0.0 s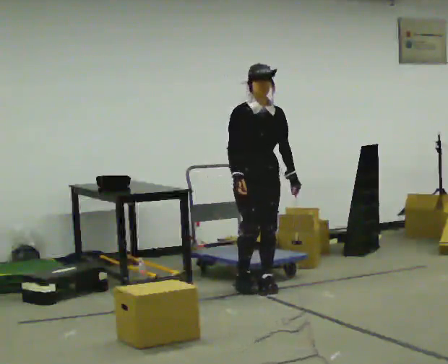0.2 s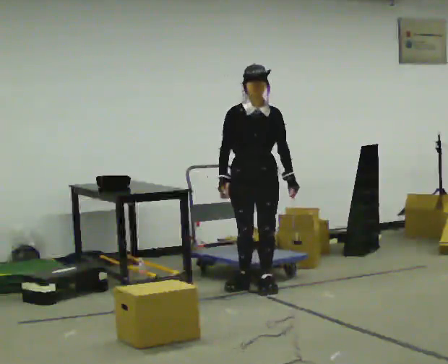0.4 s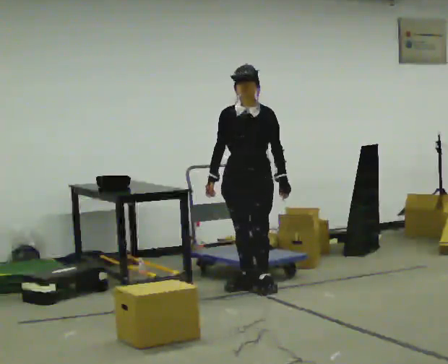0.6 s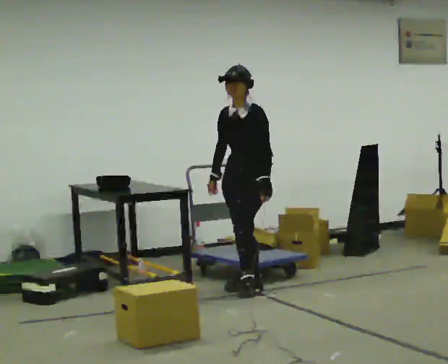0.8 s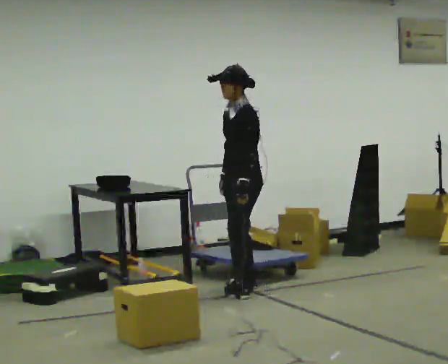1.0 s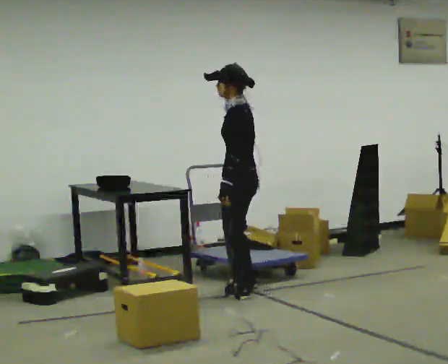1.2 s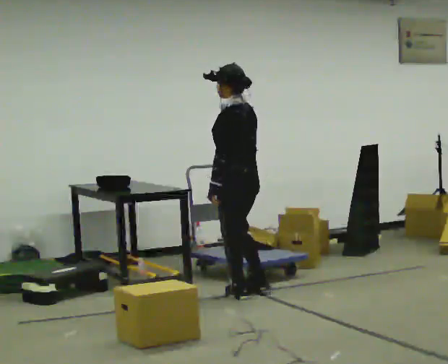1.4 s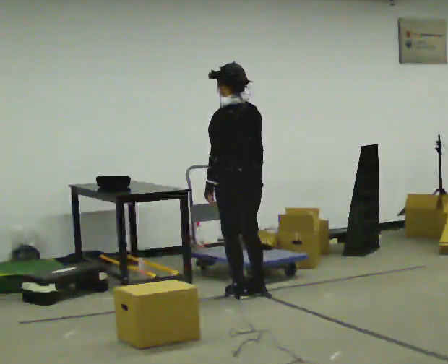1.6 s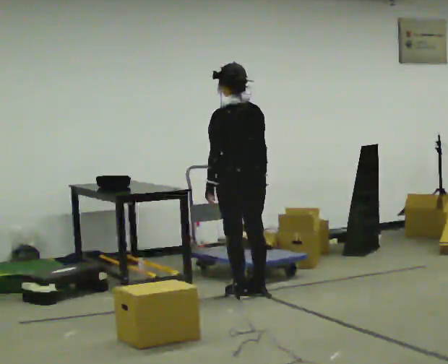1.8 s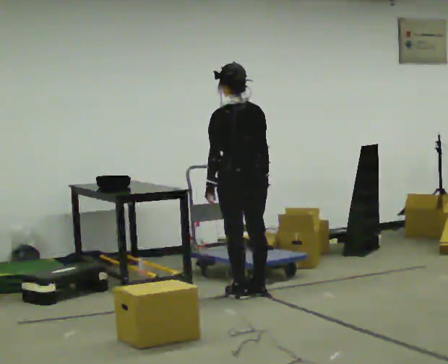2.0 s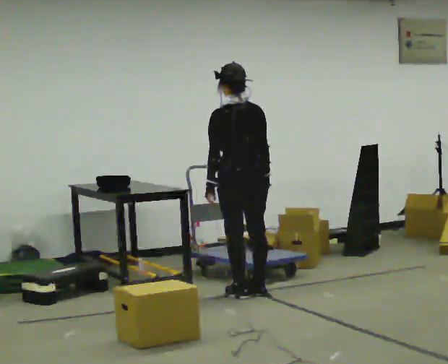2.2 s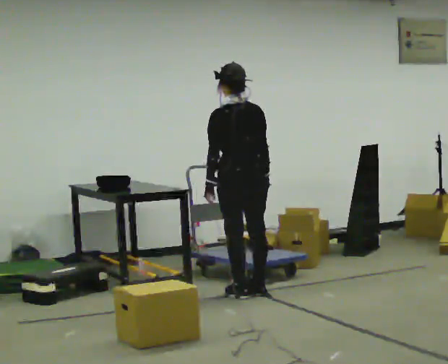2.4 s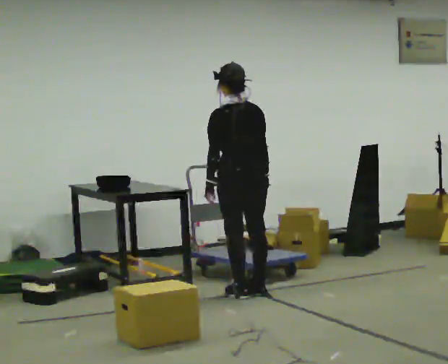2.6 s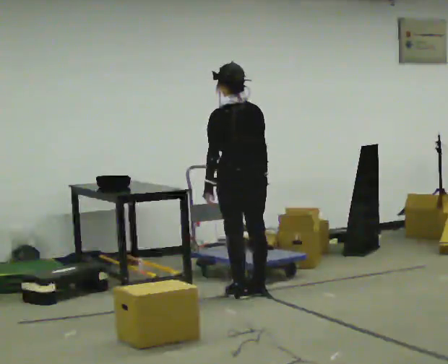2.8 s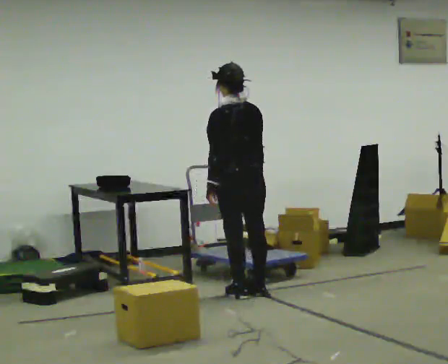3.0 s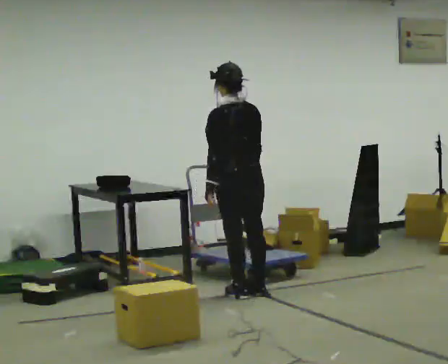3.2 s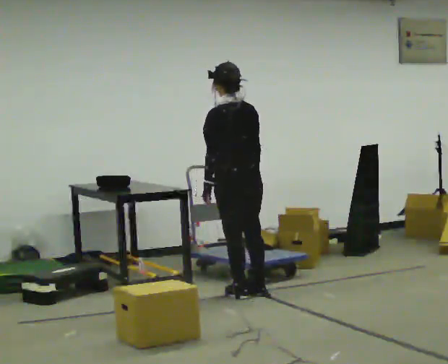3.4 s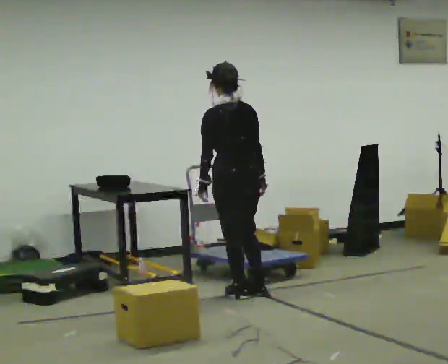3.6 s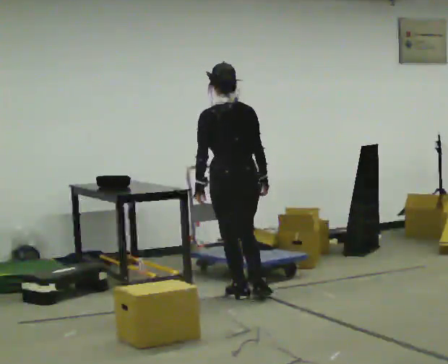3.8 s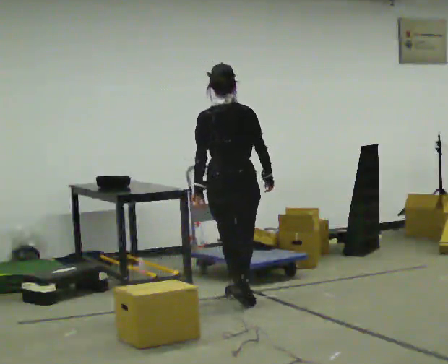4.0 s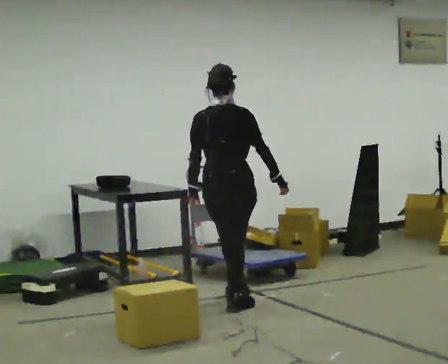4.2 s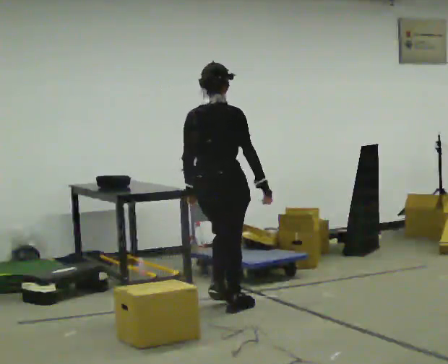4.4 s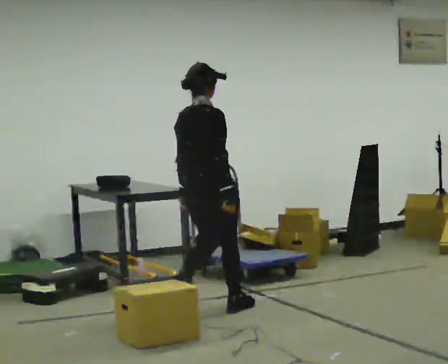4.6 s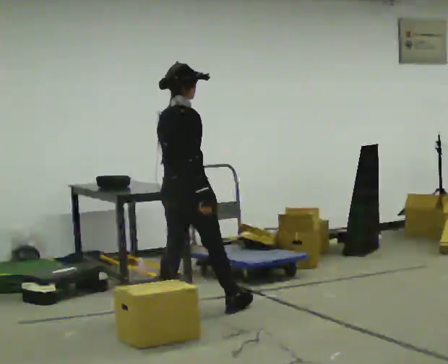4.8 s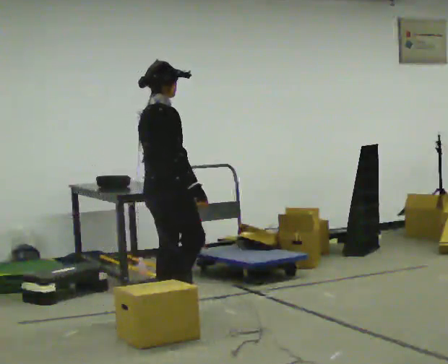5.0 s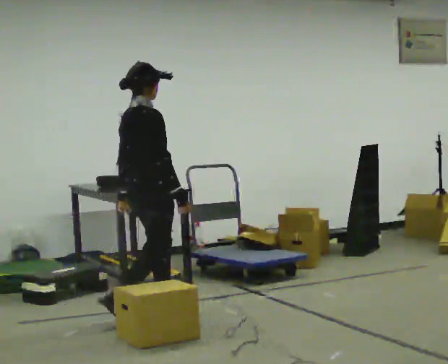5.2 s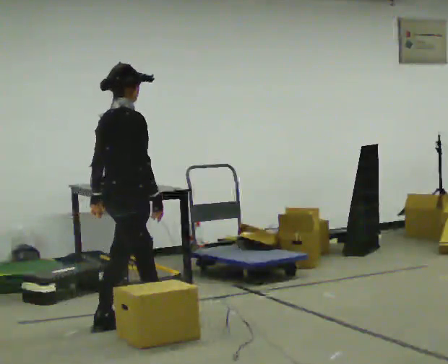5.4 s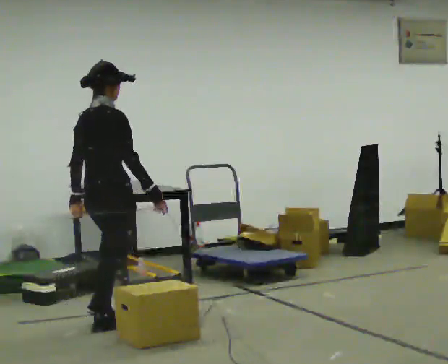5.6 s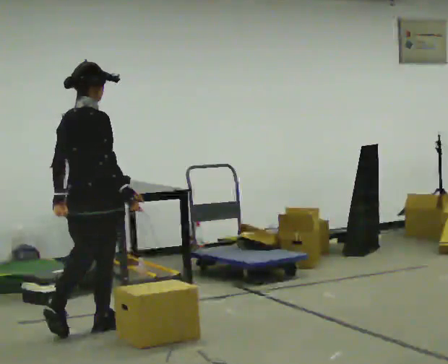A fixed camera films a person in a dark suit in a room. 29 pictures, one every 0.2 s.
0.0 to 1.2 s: The part of the body nearest the lens slides to the left as the person turns to their right by about 135 degrees.
1.2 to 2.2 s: The person turns about 30 degrees to their right, clockwise seen from above, so the part of the body nearest the lens slides to the left.
2.2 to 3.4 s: The person moves a little, or ends about where they began.
3.4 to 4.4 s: The part of the body nearest the lens slides to the left as the person turns to their right by about 75 degrees. In the picture they go toward the camera and to the left, about 0.5 m in 2 steps.
4.4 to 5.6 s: In the picture they go to the left and toward the camera, about 1 m in 2 steps, which for them is backward.
The film runs backward here.
